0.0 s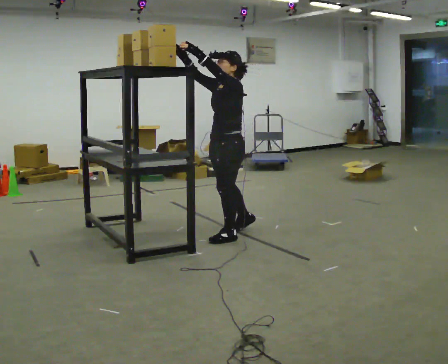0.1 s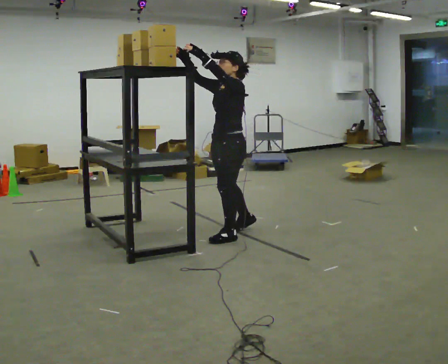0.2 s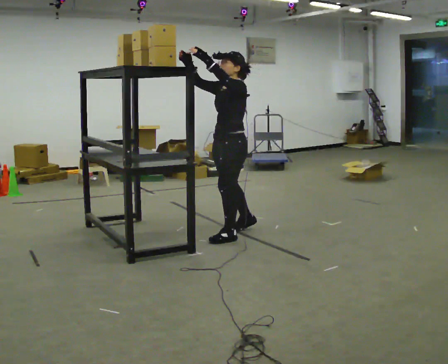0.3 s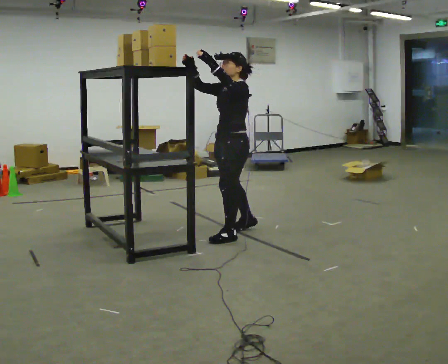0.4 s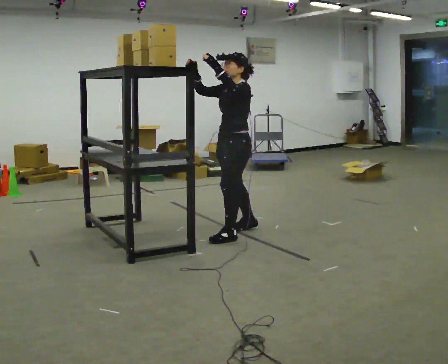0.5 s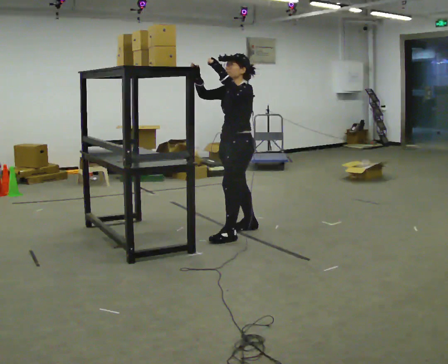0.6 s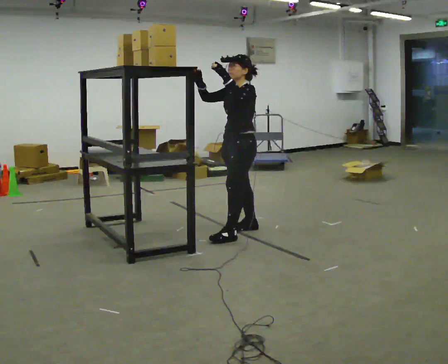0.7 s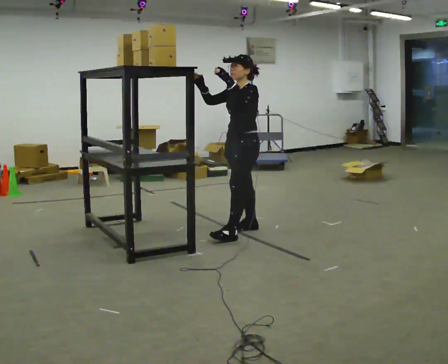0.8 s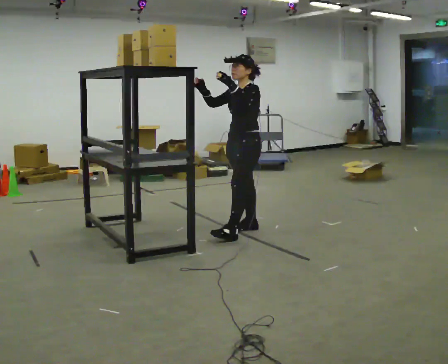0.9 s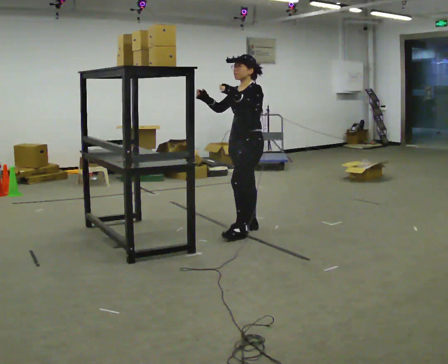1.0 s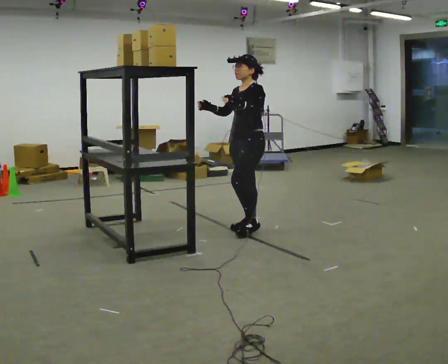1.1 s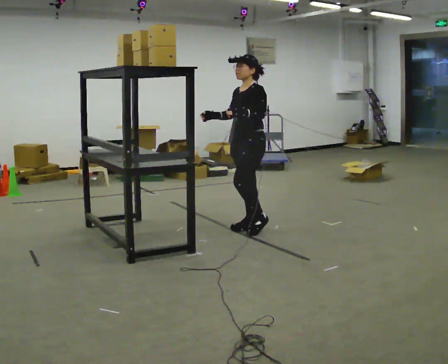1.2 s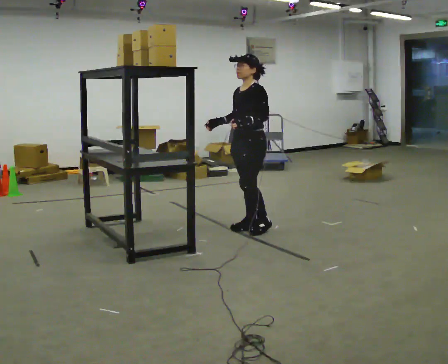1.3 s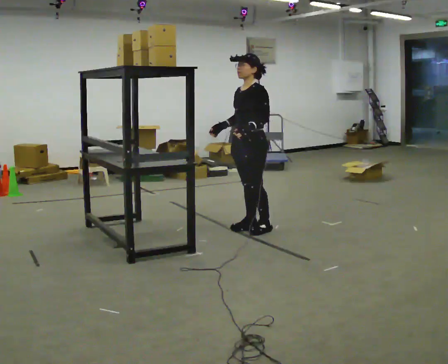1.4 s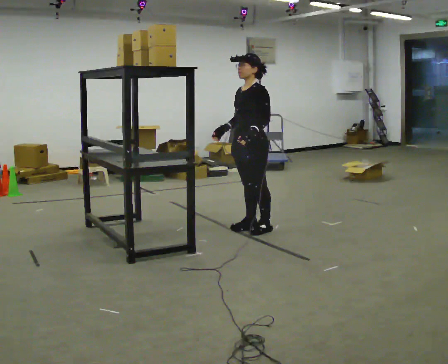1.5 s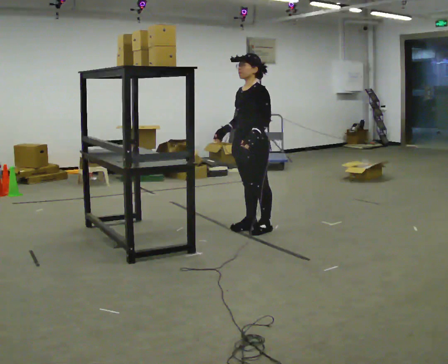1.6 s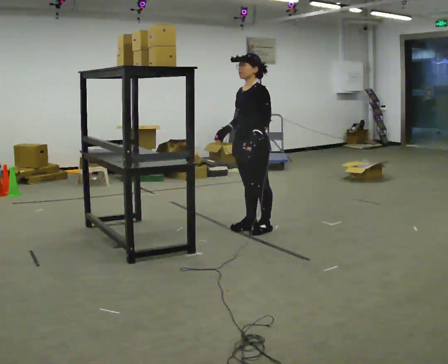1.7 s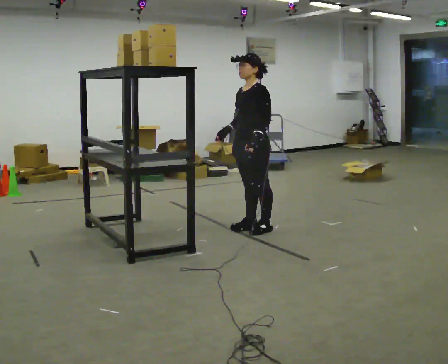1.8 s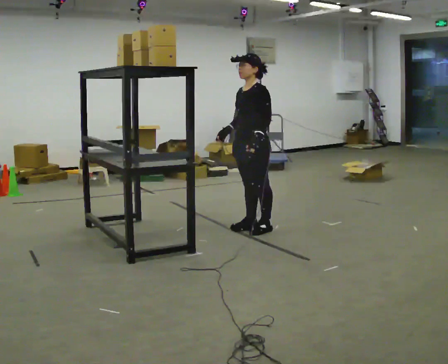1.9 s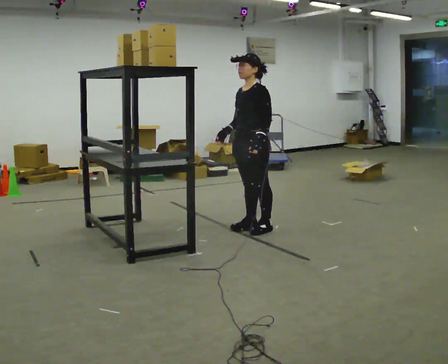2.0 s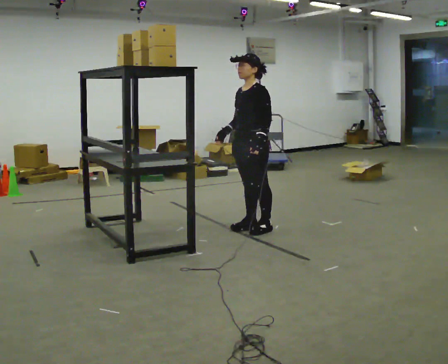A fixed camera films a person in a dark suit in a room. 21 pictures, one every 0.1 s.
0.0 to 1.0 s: In the picture they go away from the camera and to the right, about 0.25 m in 1 step, which for them is backward and to their right. In the picture their right hand goes downward, the arm swinging counterclockwise.
1.0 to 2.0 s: The person moves a little, or ends about where they began.
The film runs backward here.
